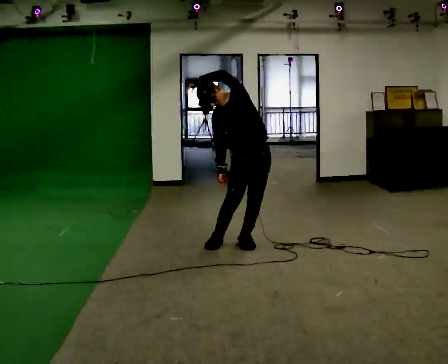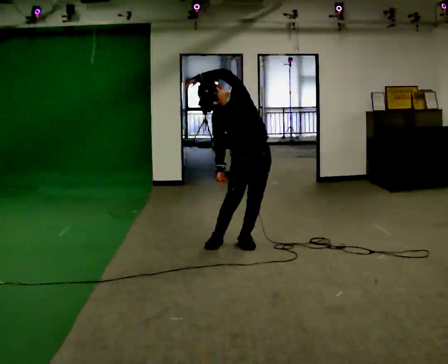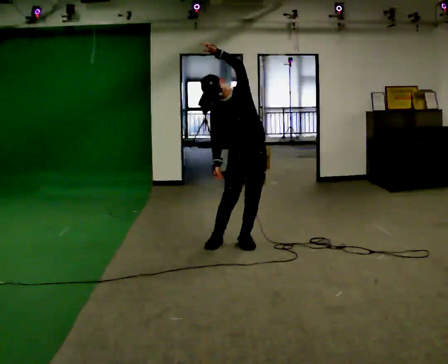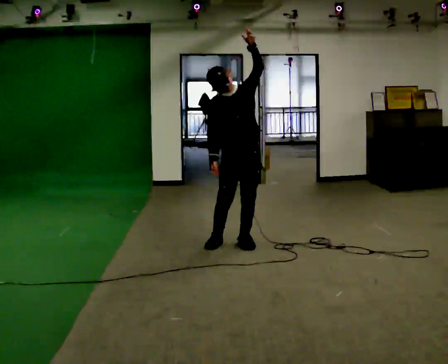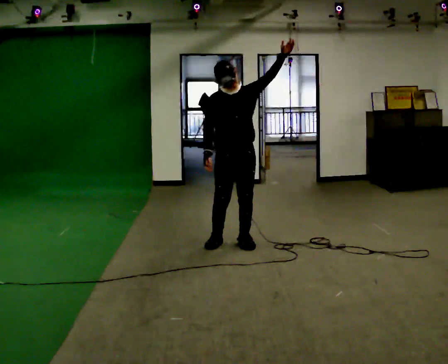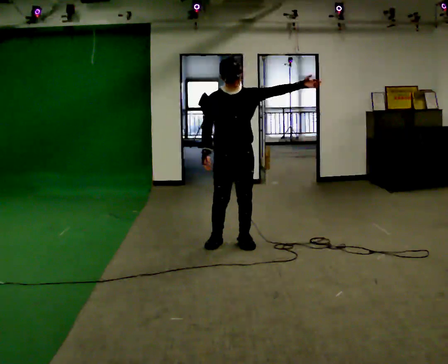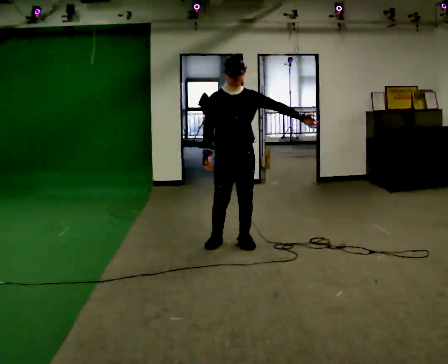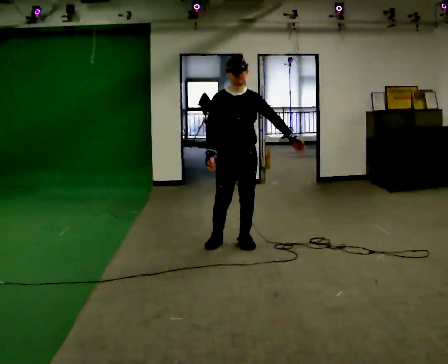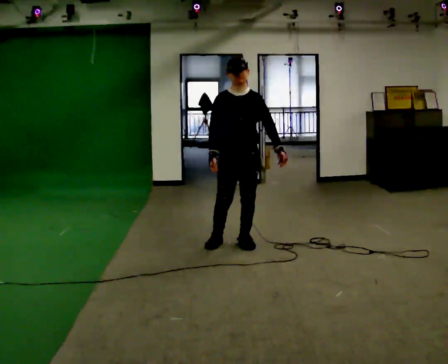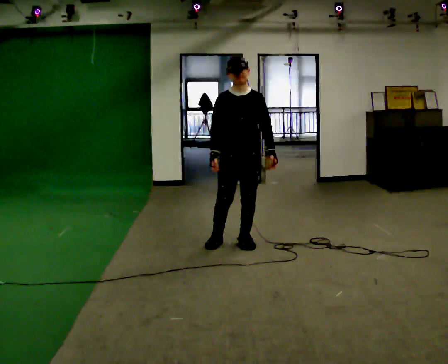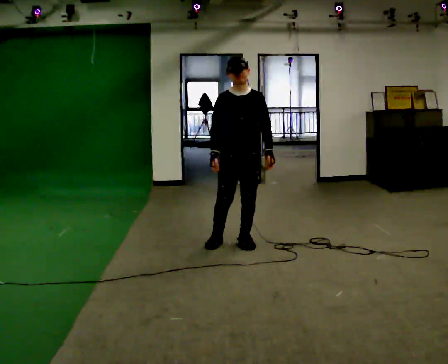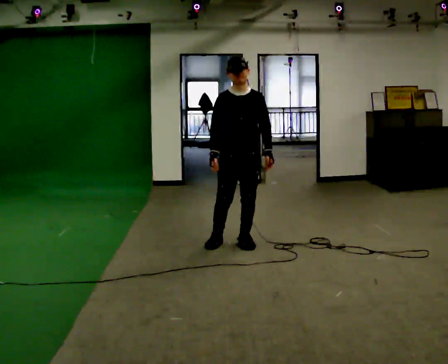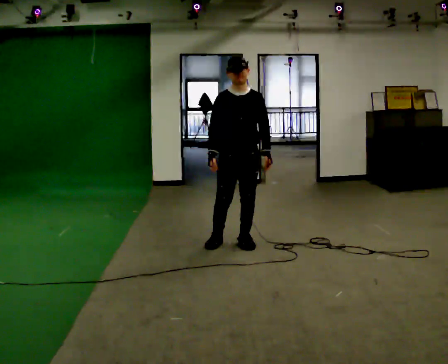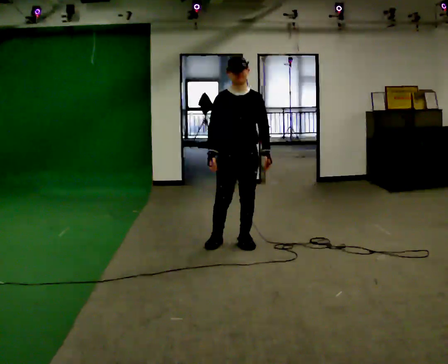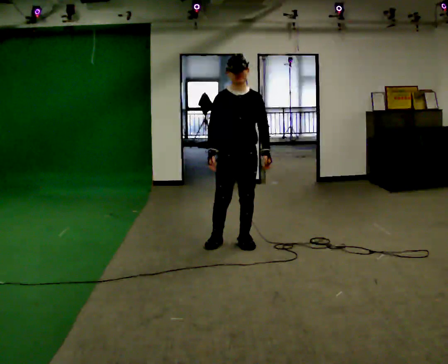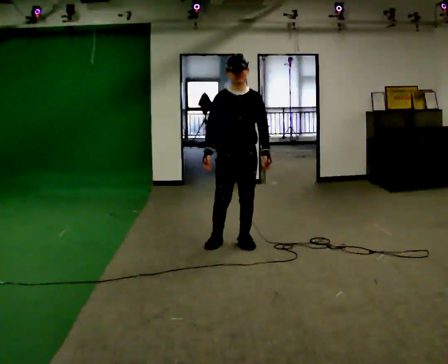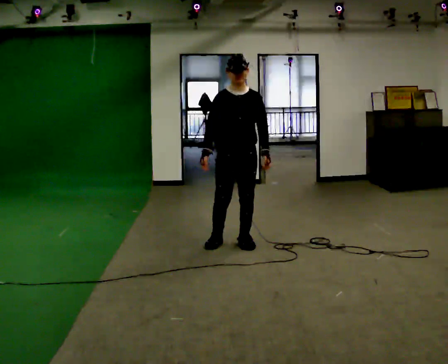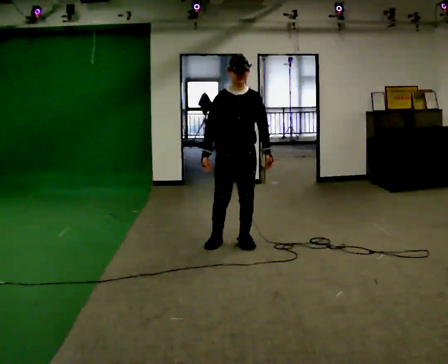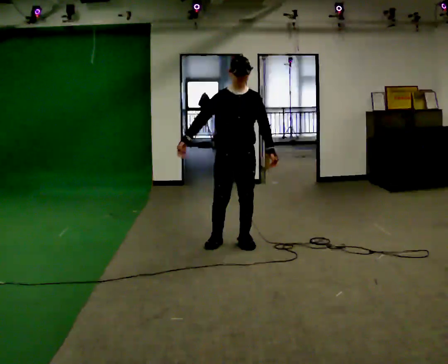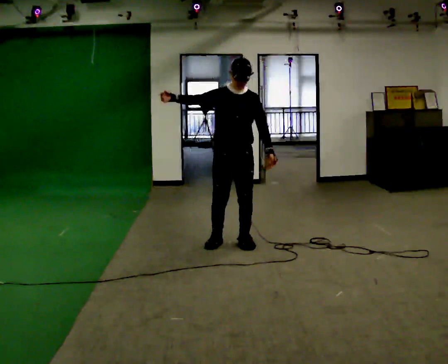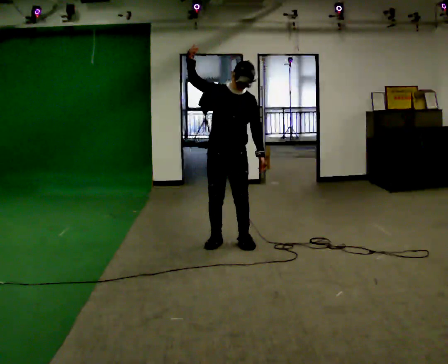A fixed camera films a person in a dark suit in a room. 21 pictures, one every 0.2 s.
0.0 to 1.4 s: In the picture the upper body tilts clockwise, shoulders to the right. In the picture their left hand goes to the right and downward, the arm swinging clockwise.
1.4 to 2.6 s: The person moves a little, or ends about where they began.
2.6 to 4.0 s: In the picture their right hand goes upward, the arm swinging clockwise.
The film runs backward here.
